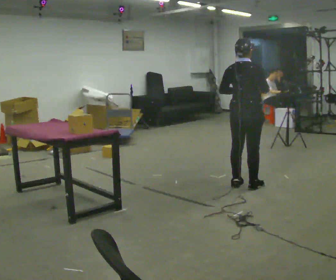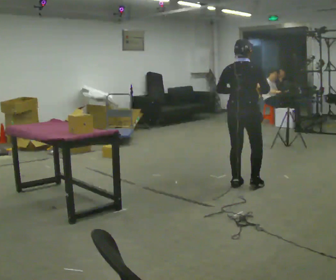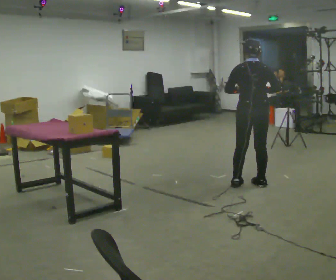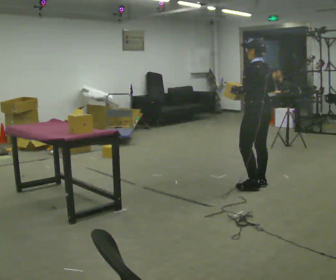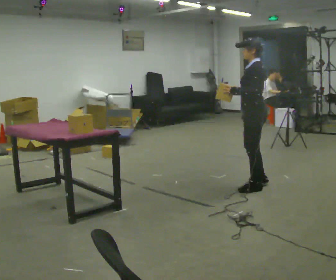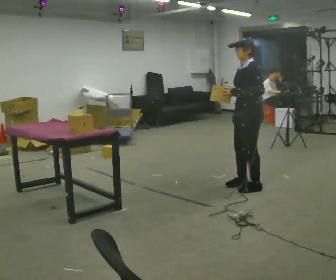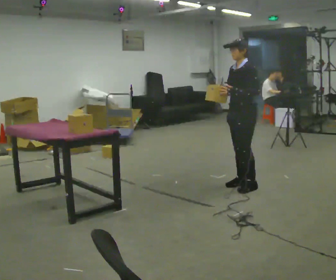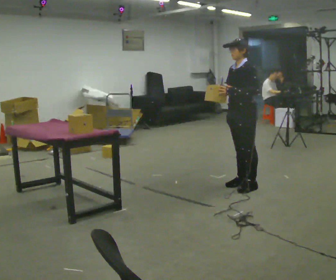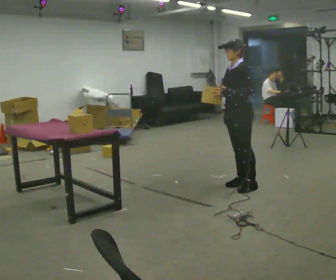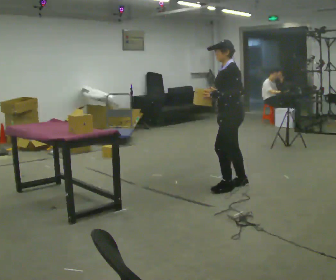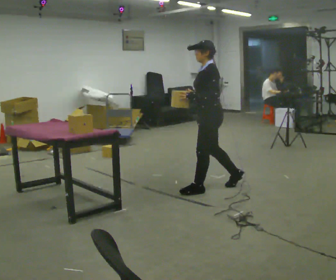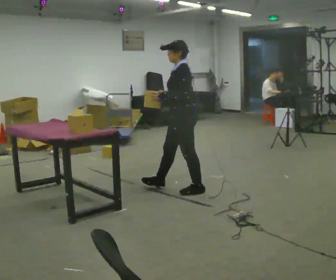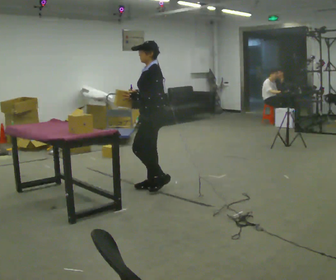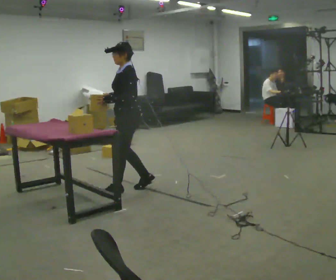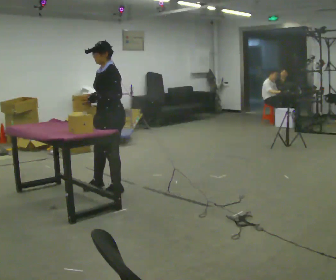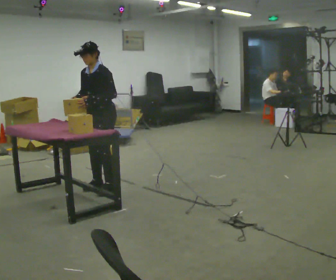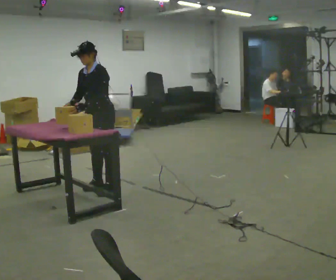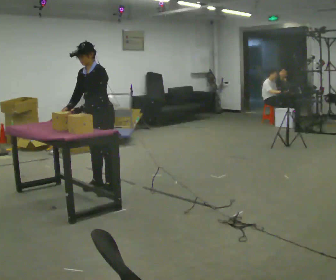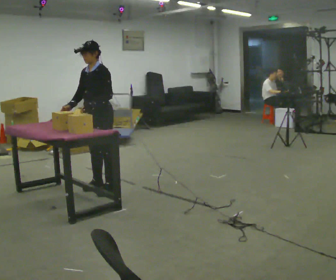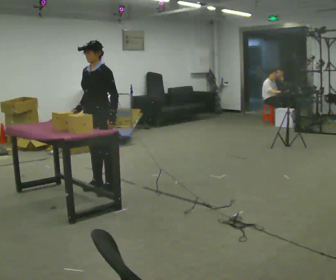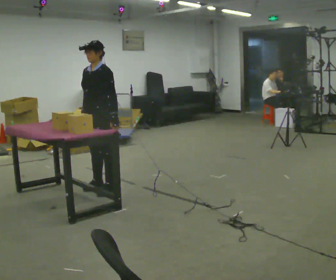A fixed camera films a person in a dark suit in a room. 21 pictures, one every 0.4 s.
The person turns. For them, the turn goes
to their left.
The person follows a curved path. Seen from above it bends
clockwise.
0.0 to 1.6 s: Seen from above the body turns counterclockwise, about 120 degrees: to their left, with its near side sliding to the right.
1.6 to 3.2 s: The person turns about 30 degrees to their left, counterclockwise seen from above, so the part of the body nearest the lens slides to the right.
3.2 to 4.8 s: In the picture they go to the left, about 1 m in 2 steps, which for them is forward.
4.8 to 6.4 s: The part of the body nearest the lens slides to the right as the person turns to their left by about 30 degrees. In the picture they go to the left, about 0.5 m in 2 steps, which for them is forward and to their right.
6.4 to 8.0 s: In the picture their left hand goes to the right.
The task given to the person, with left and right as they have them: The operator will name an object. Go and find it, bring it back, and hand it over. Then wait for the next one.
The film runs forward here.
